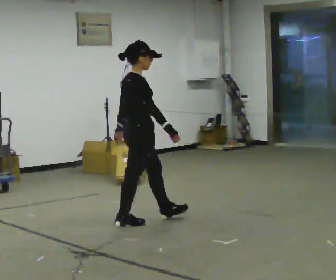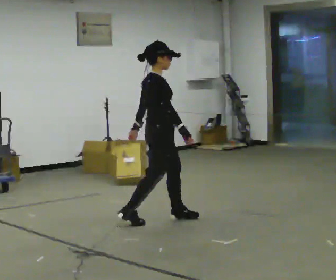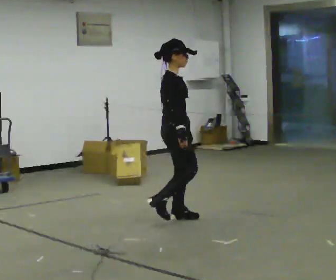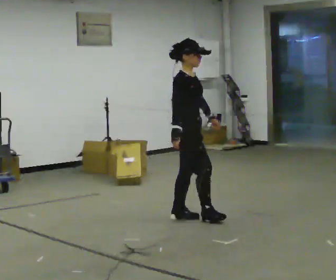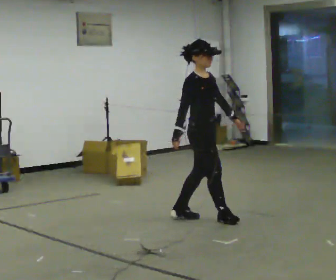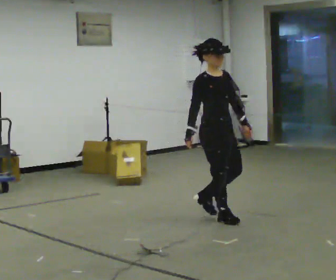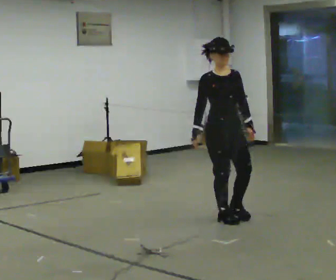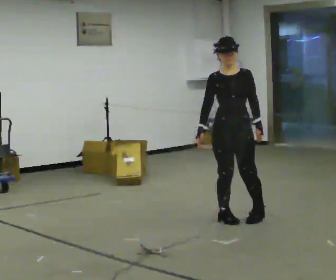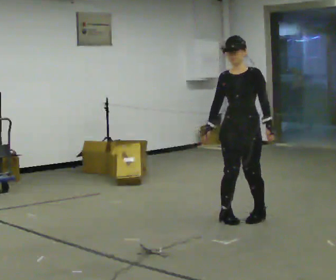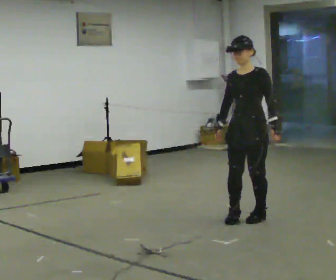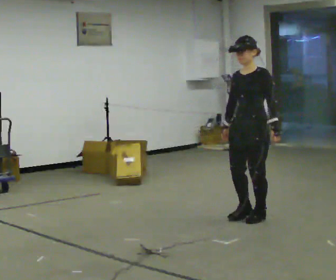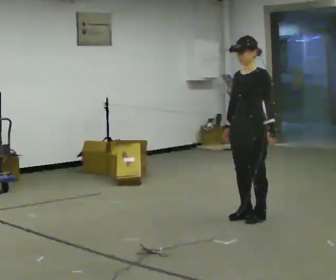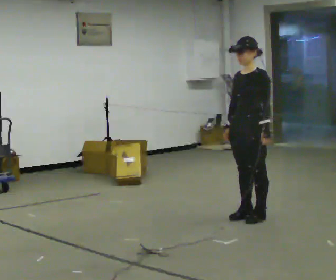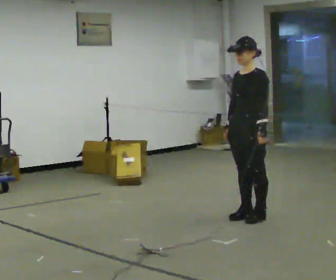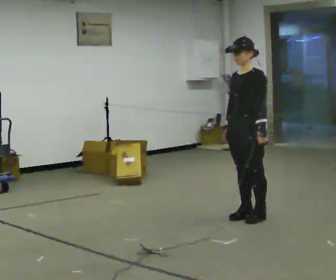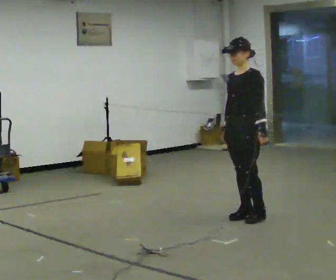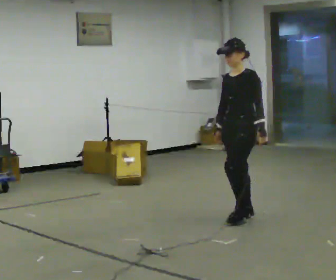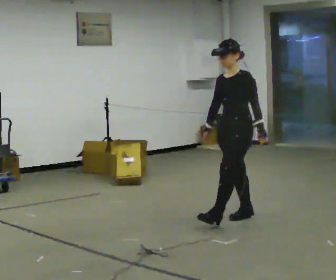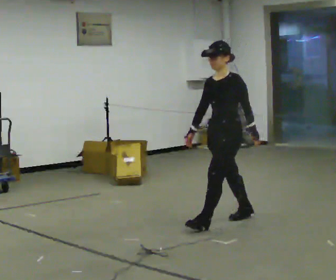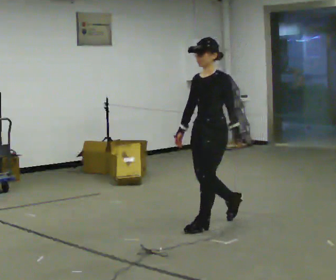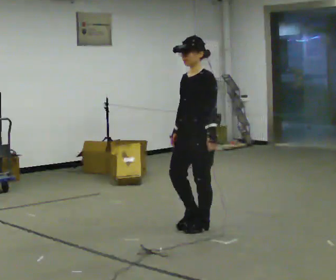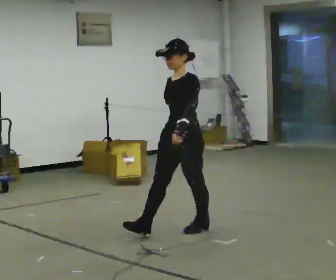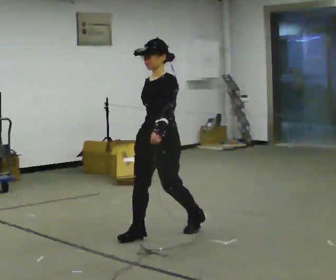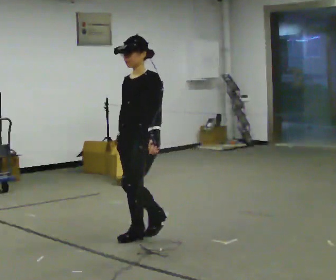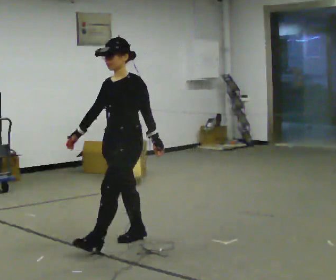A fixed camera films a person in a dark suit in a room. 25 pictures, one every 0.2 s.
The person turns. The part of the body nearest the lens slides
to the left.
The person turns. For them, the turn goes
to their right.
0.0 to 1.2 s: Seen from above the body turns clockwise, about 75 degrees: to their right, with its near side sliding to the left. In the picture they go to the right, about 1 m in 2 steps.
1.2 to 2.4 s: Seen from above the body turns clockwise, about 75 degrees: to their right, with its near side sliding to the left. In the picture they go to the right, about 0.25 m in 2 steps.
2.4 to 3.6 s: In the picture they go to the left and toward the camera, about 0.25 m in 1 step, which for them is forward.
3.6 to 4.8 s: In the picture they go to the left and toward the camera, about 1 m in 1 step, which for them is forward.
The film runs forward here.
